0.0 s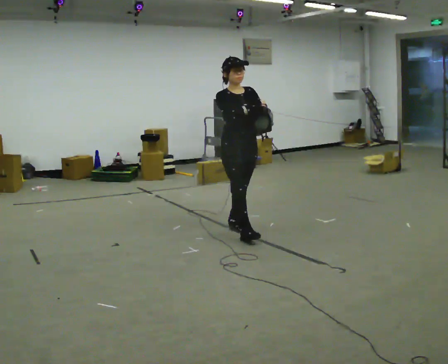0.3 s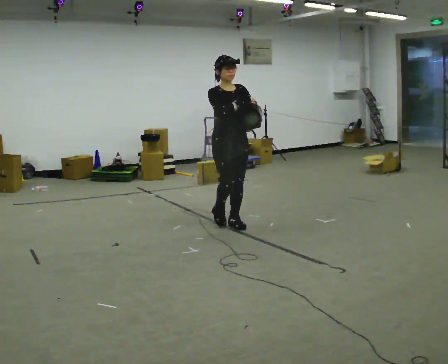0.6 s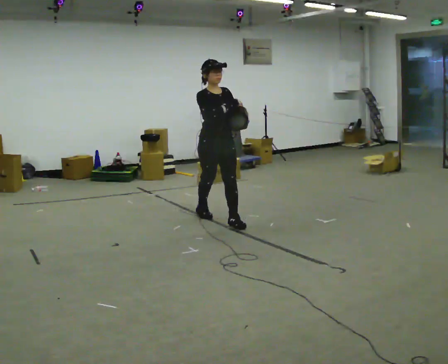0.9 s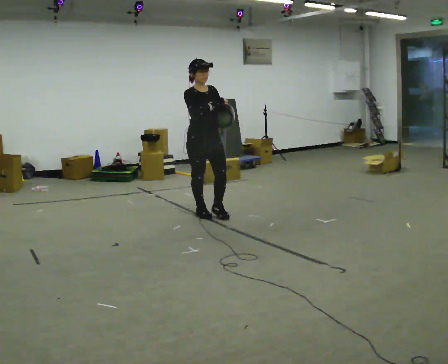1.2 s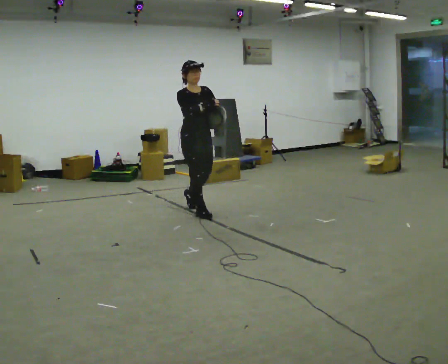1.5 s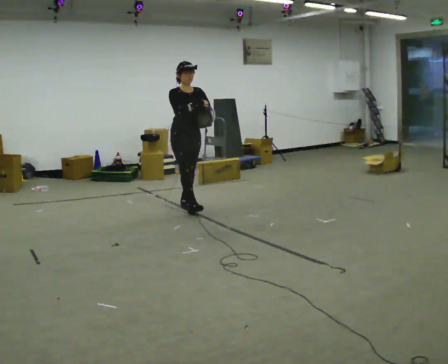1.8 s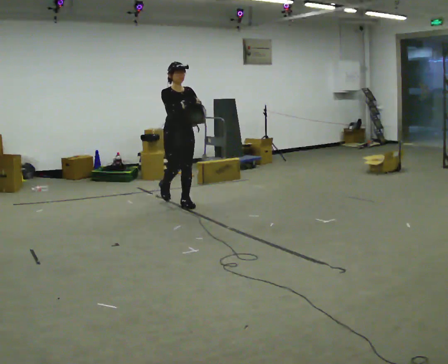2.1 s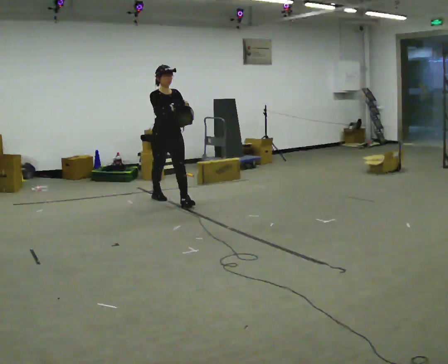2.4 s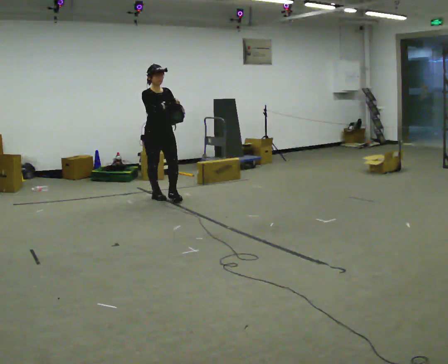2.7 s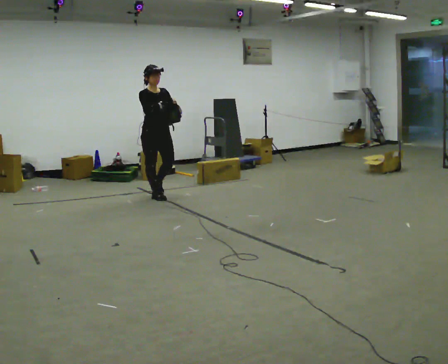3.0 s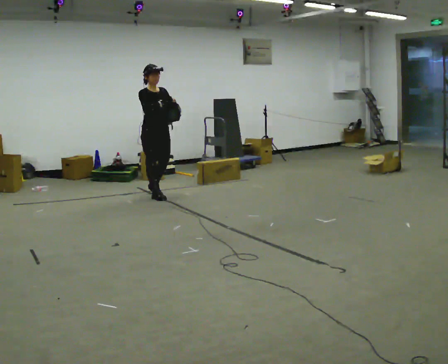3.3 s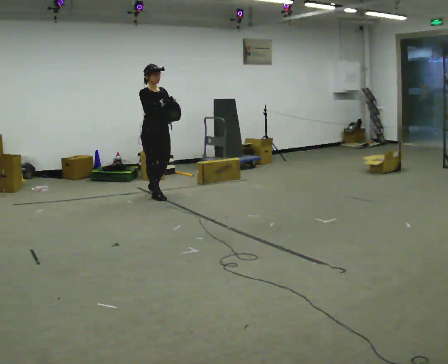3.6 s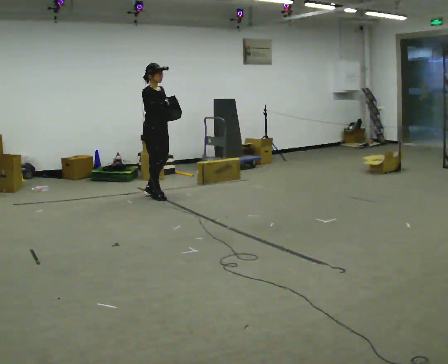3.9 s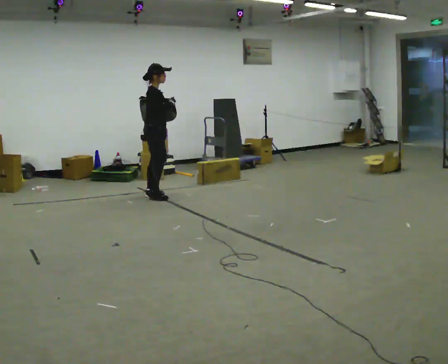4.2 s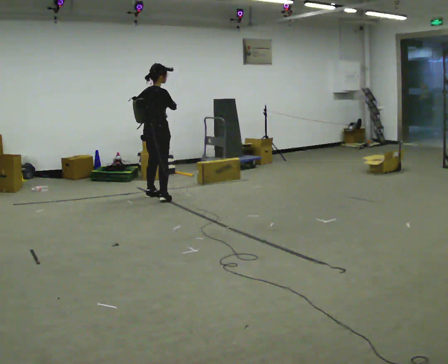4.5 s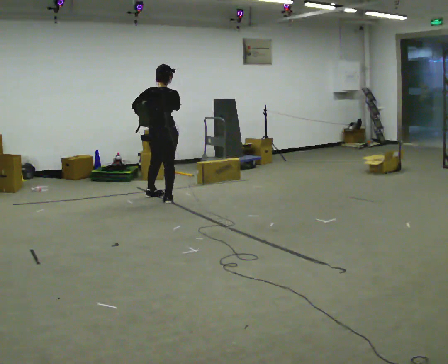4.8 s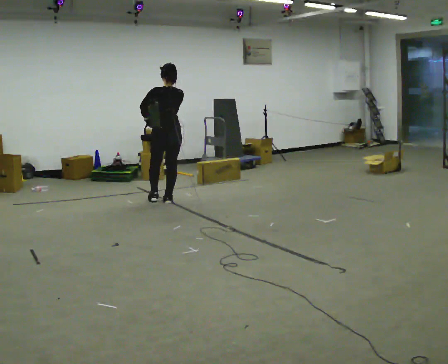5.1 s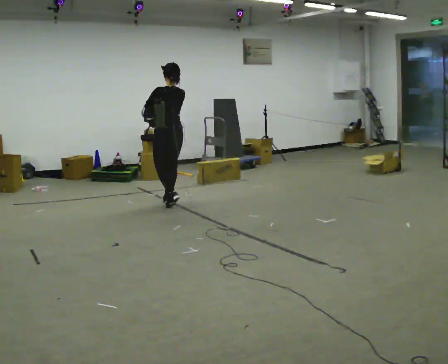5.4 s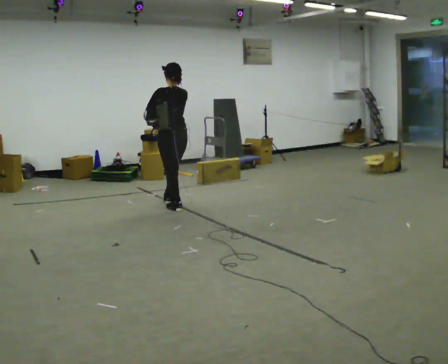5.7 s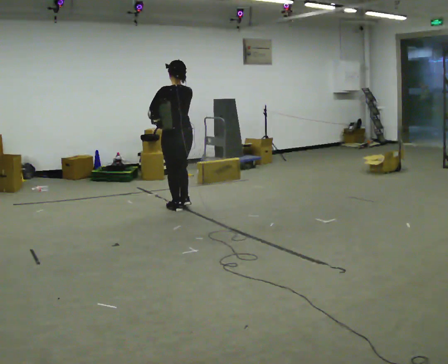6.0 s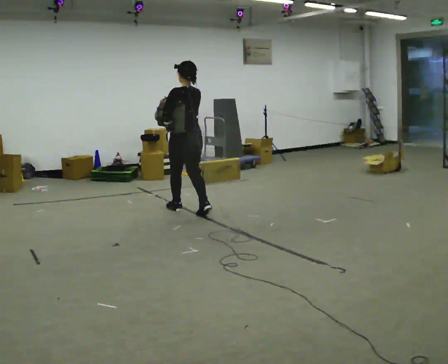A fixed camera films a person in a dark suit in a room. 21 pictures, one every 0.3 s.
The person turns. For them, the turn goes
to their left.
Their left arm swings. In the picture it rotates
clockwise.
0.0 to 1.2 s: In the picture they go away from the camera and to the left, about 1 m in 1 step, which for them is backward.
1.2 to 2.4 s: In the picture they go away from the camera and to the left, about 1 m in 2 steps, which for them is backward.
2.4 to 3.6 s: Seen from above the body turns counterclockwise, about 30 degrees: to their left, with its near side sliding to the right. In the picture they go away from the camera, about 0.25 m in 1 step, which for them is backward.
3.6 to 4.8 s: The person turns about 135 degrees to their left, counterclockwise seen from above, so the part of the body nearest the lens slides to the right. In the picture they go toward the camera and to the right, about 0.25 m in 2 steps.
4.8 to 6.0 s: In the picture they go toward the camera and to the right, about 0.5 m in 1 step, which for them is backward.
The film runs backward here.
